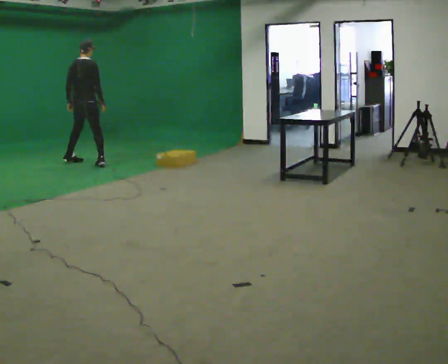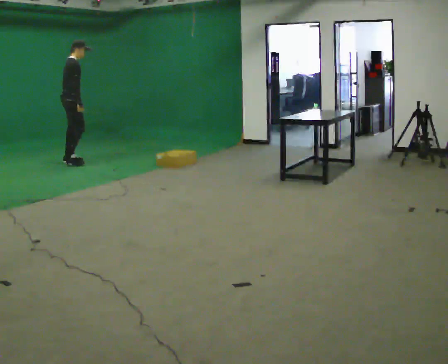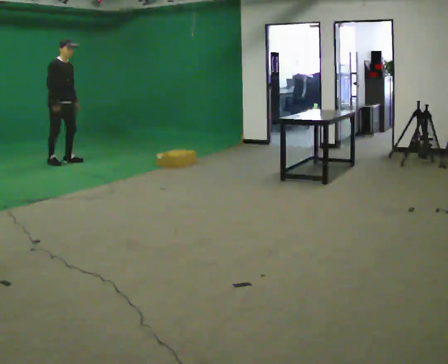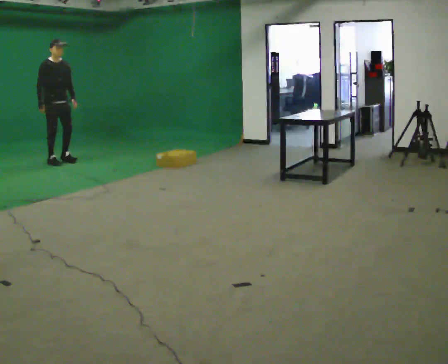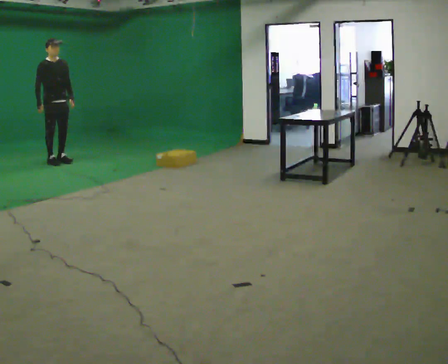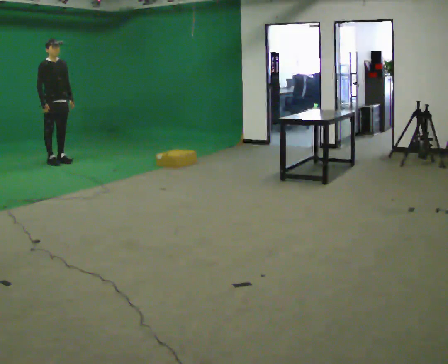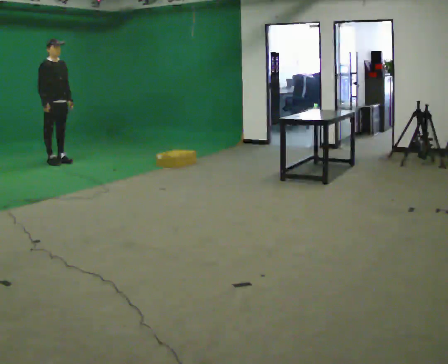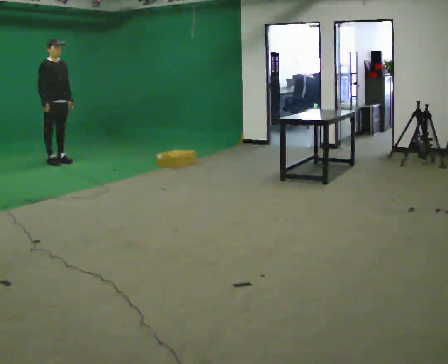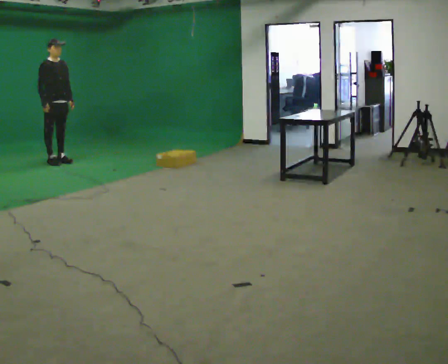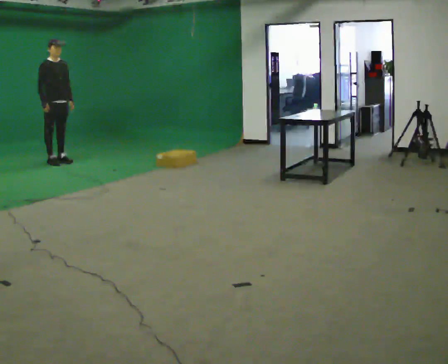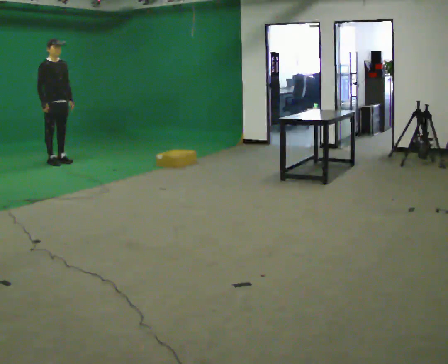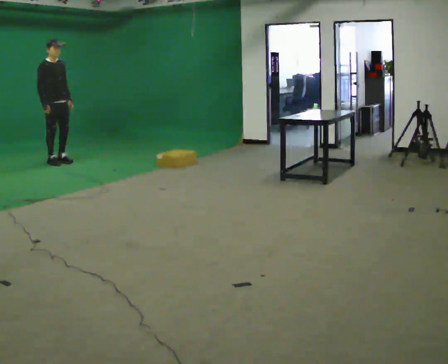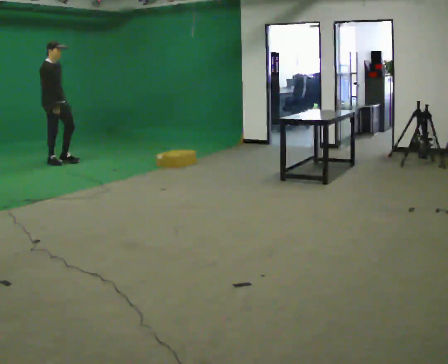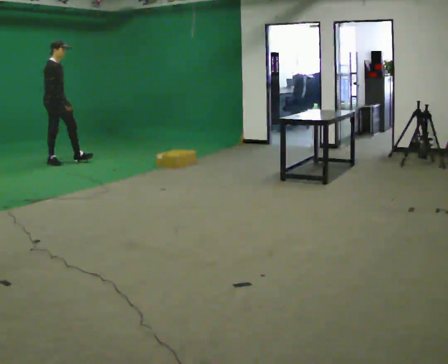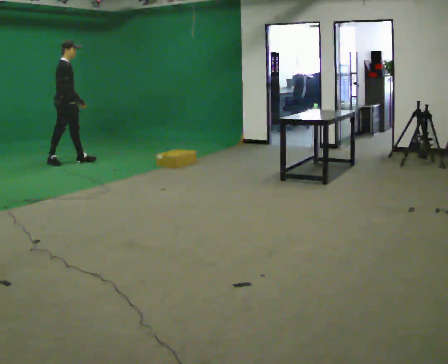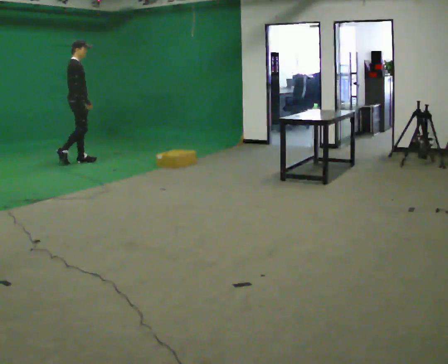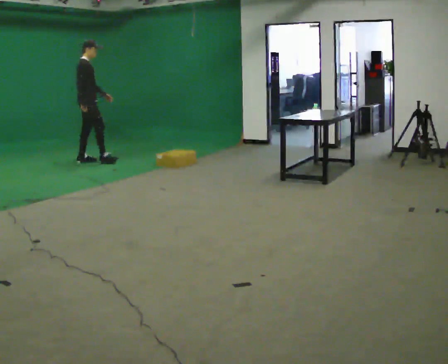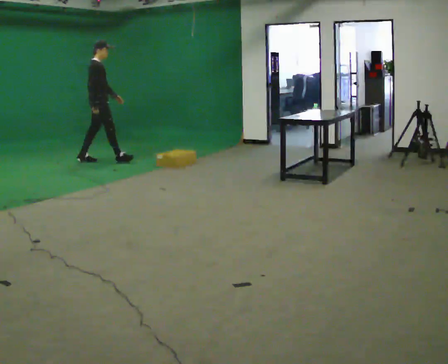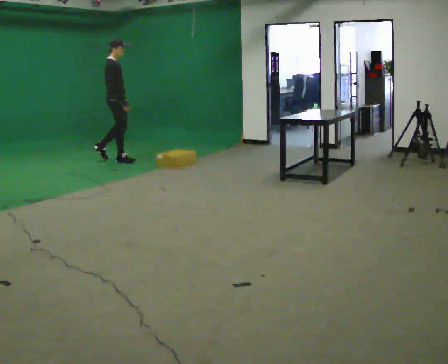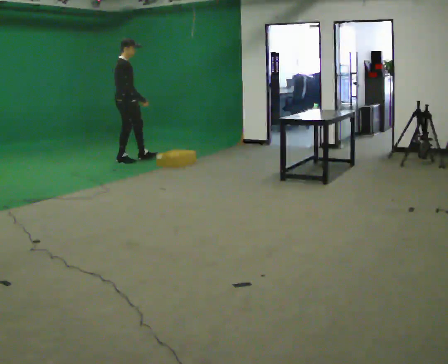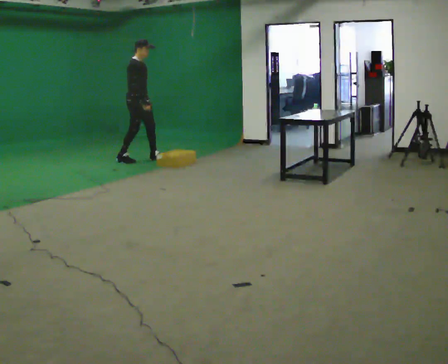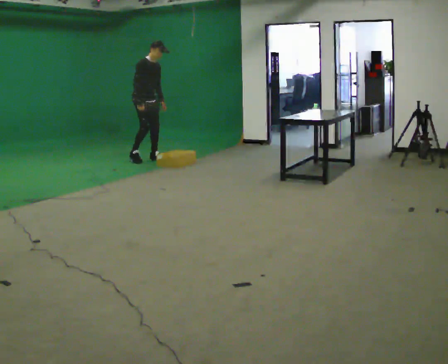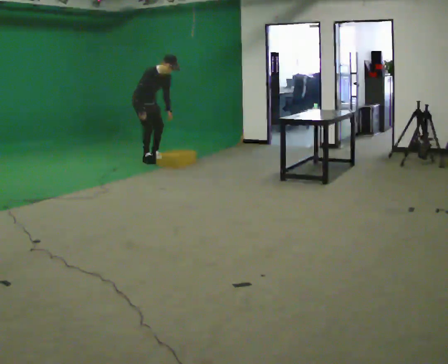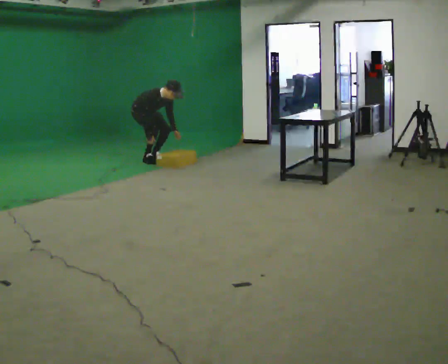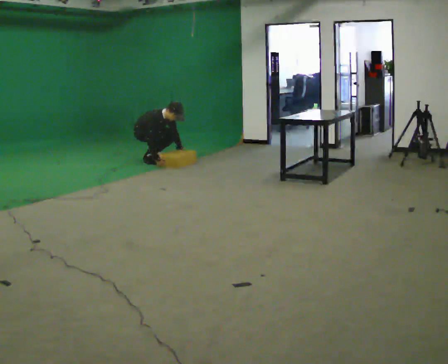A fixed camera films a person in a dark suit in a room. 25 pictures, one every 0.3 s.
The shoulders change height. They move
downward.
0.0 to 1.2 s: The part of the body nearest the lens slides to the left as the person turns to their right by about 105 degrees. In the picture they go to the left, about 0.5 m in 1 step.
1.2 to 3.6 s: The person moves a little, or ends about where they began.
3.6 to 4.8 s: The person turns about 30 degrees to their left, counterclockwise seen from above, so the part of the body nearest the lens slides to the right. In the picture they go to the right, about 0.5 m in 1 step, which for them is forward.
4.8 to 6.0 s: The person turns about 30 degrees to their right, clockwise seen from above, so the part of the body nearest the lens slides to the left. In the picture they go to the right, about 0.5 m in 2 steps, which for them is forward.
6.0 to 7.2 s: The shoulders move downward. The upper body tips toward the camera, its near side rolling downward, as they bend forward. In the picture their right hand goes downward.
The film runs forward here.
